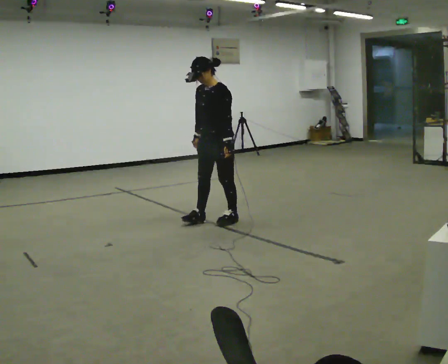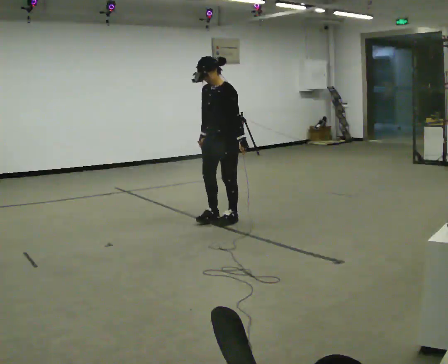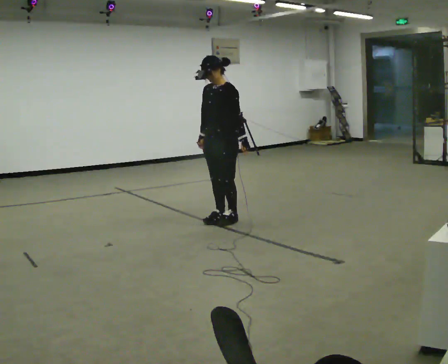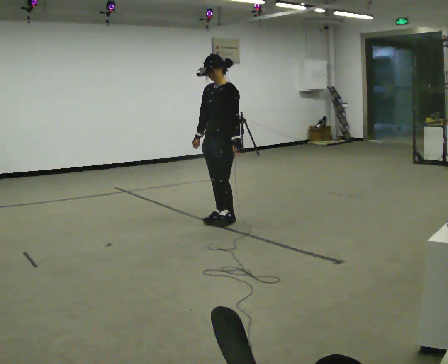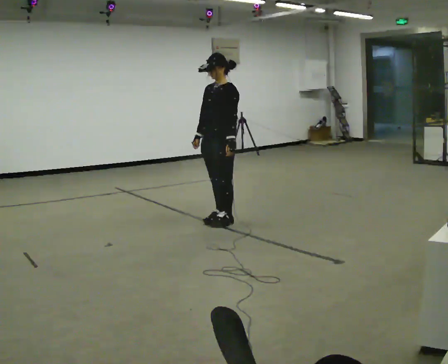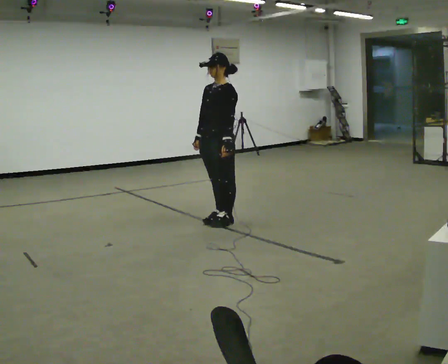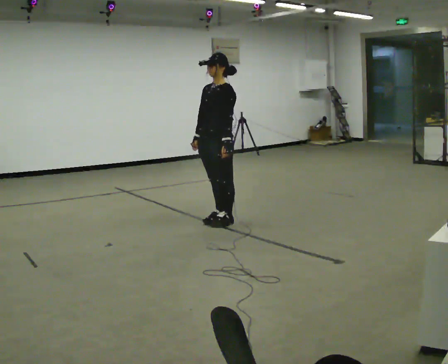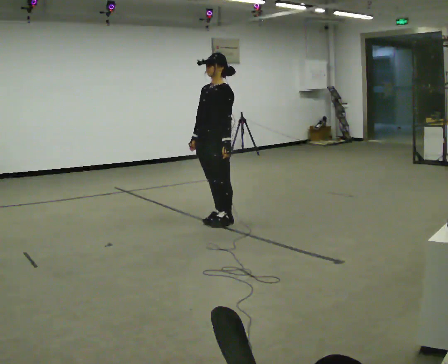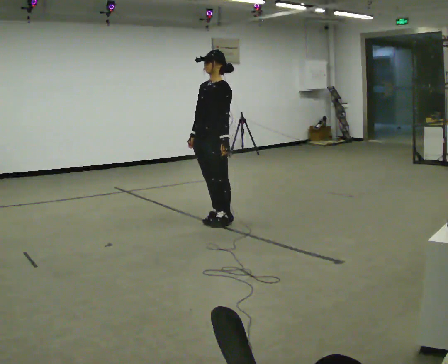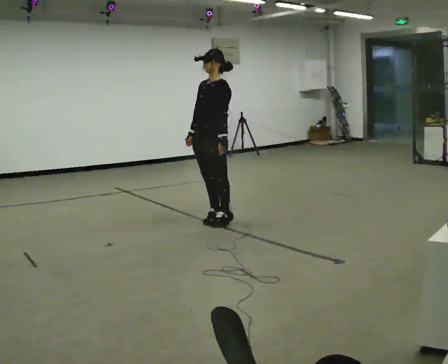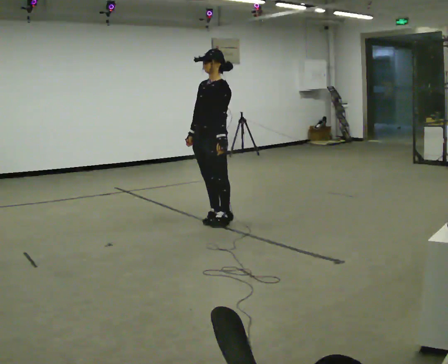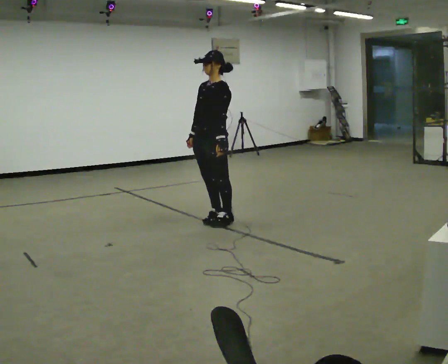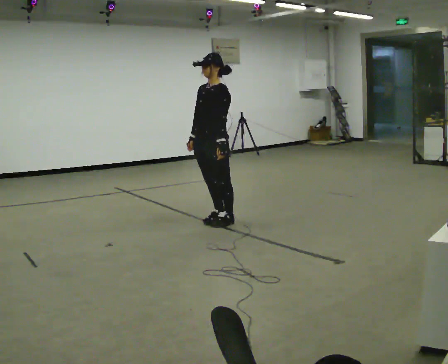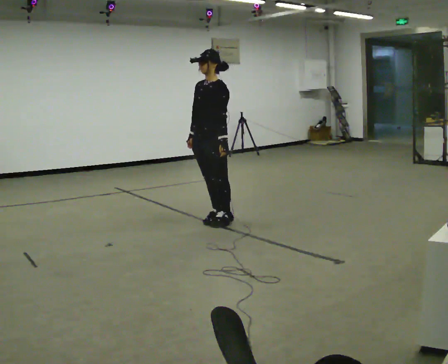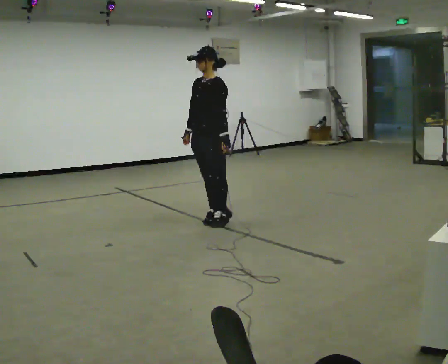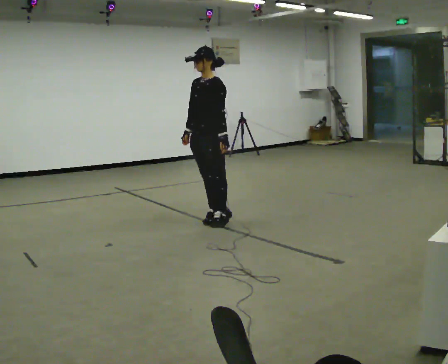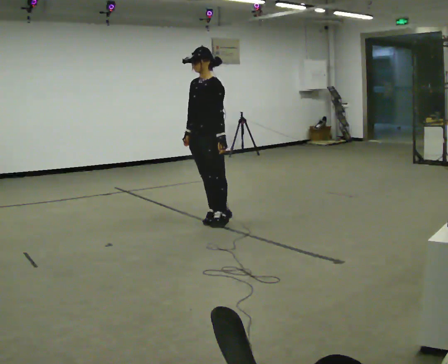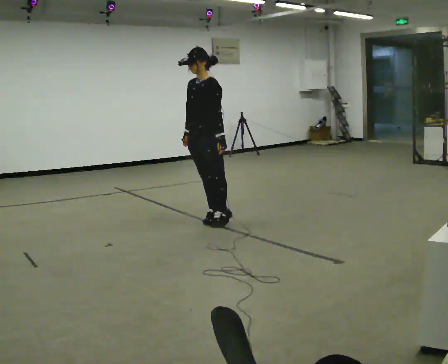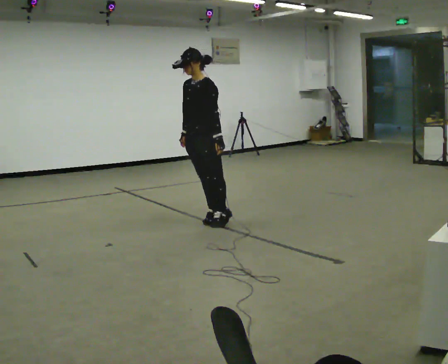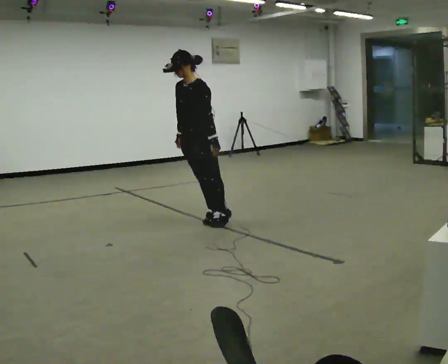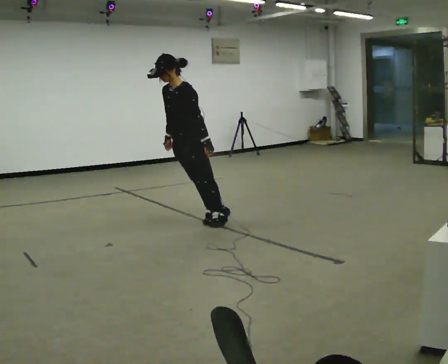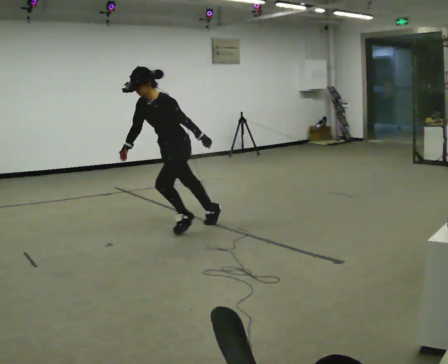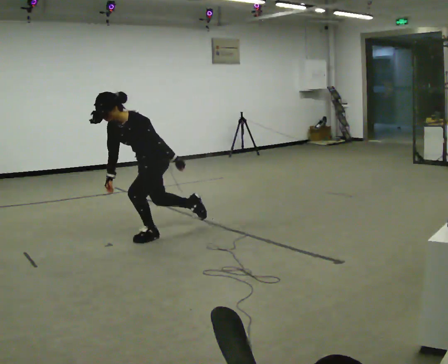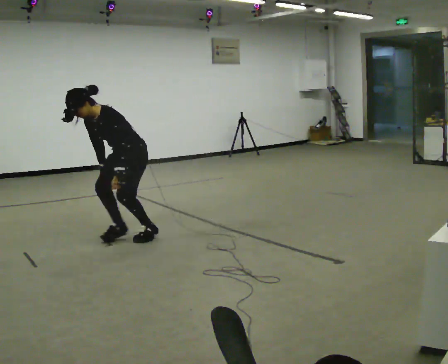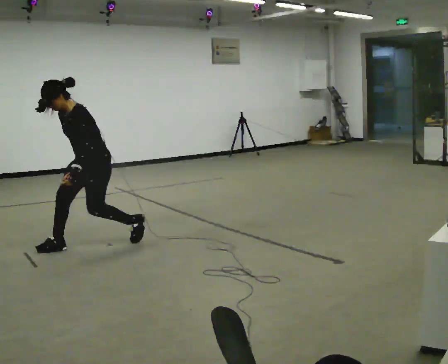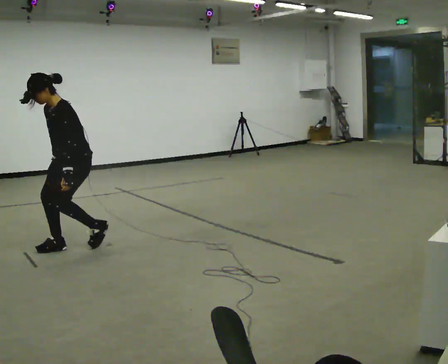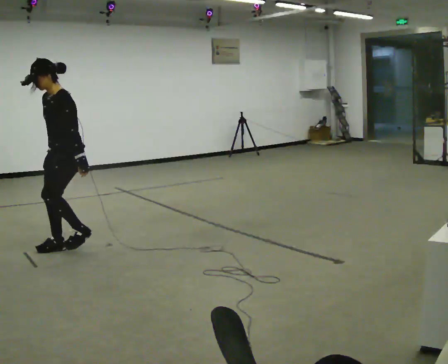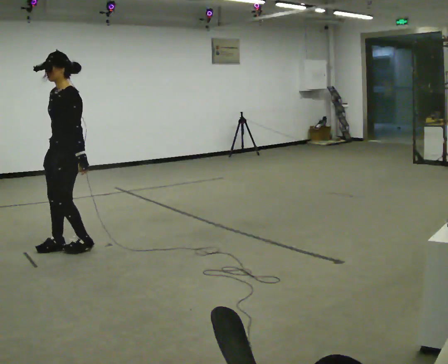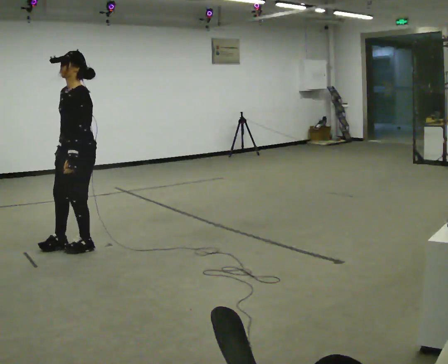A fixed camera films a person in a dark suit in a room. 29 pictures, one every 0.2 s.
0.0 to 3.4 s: The person moves a little, or ends about where they began.
3.4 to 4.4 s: In the picture they go to the left and toward the camera, about 0.5 m in 1 step, which for them is forward. The shoulders move downward. In the picture the upper body tilts counterclockwise, shoulders to the left, as they bend forward.
4.4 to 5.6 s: In the picture they go to the left and toward the camera, about 0.75 m in 2 steps, which for them is forward. The upper body goes upward. In the picture the upper body tilts clockwise, shoulders to the right, as they lean back or straighten.
The film runs forward here.
